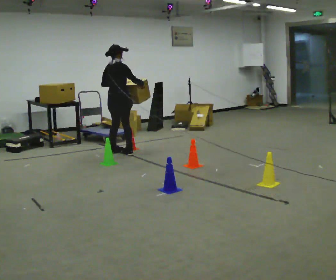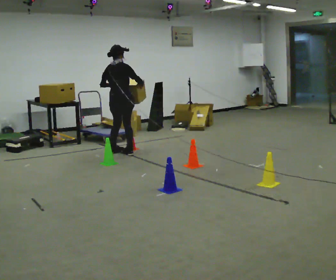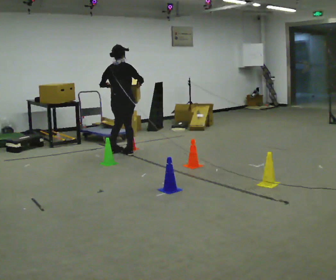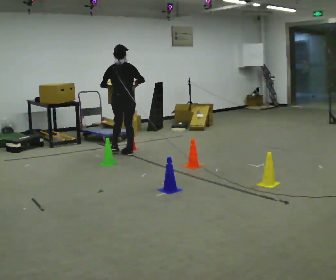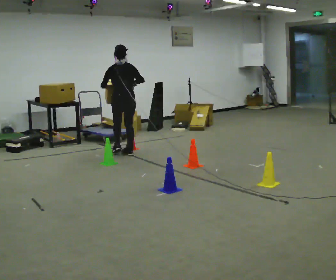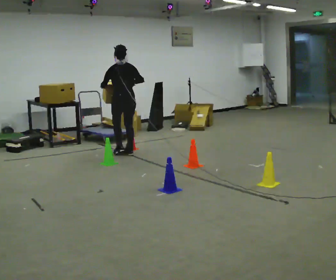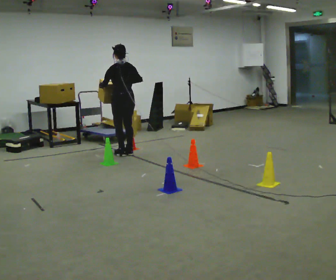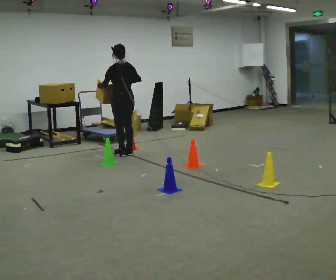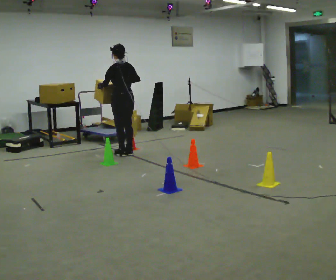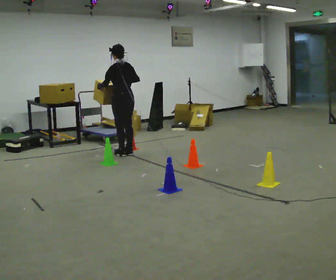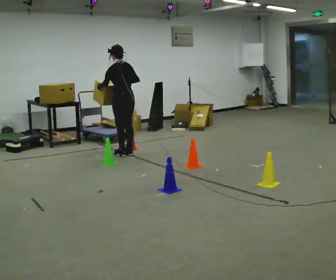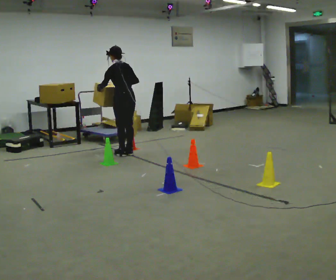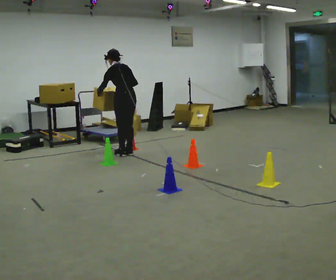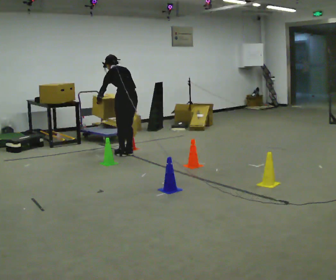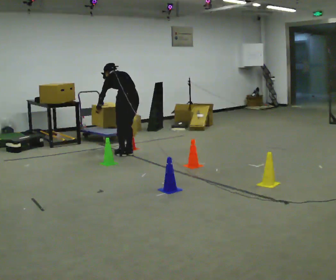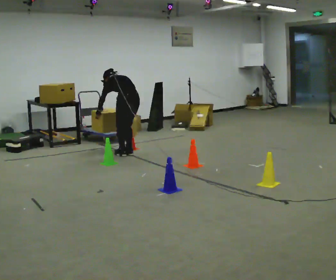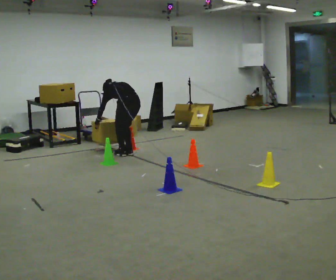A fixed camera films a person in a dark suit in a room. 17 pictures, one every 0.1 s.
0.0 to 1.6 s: Seen from above the body turns counterclockwise, about 60 degrees: to their left, with its near side sliding to the right. In the picture they go toward the camera and to the right, about 0.25 m in 1 step. The upper body goes downward. The upper body tips away from the camera, its near side rolling upward, as they bend forward. In the picture their right hand goes downward.
The film runs backward here.
